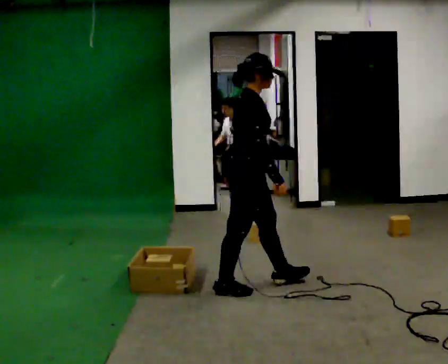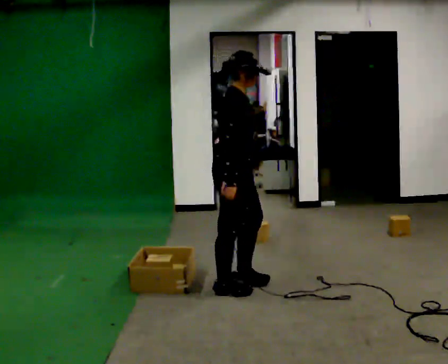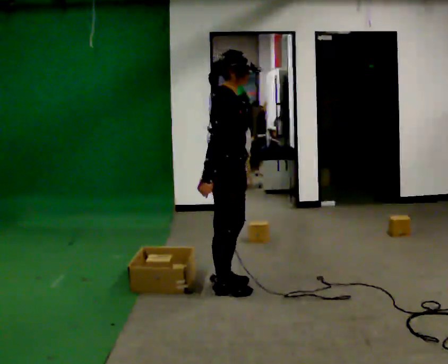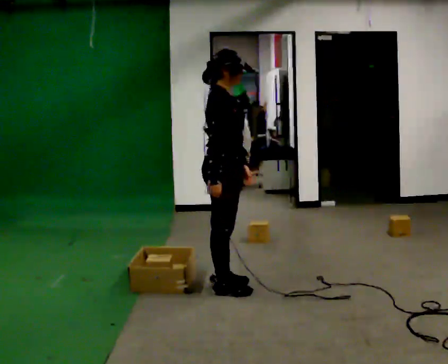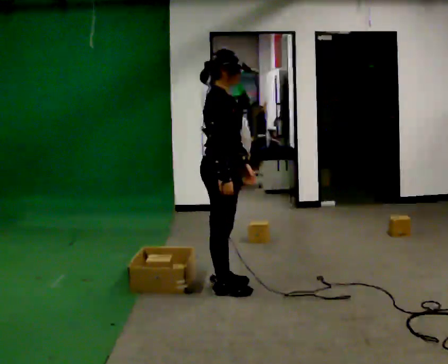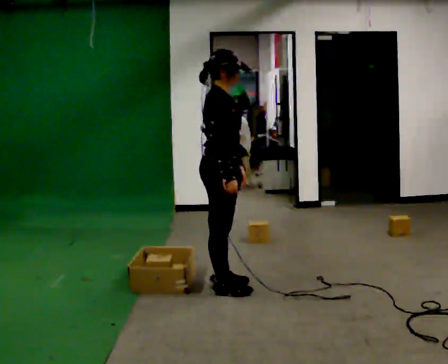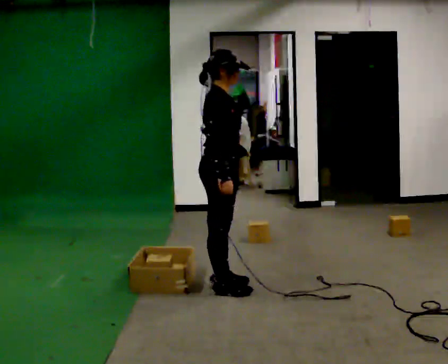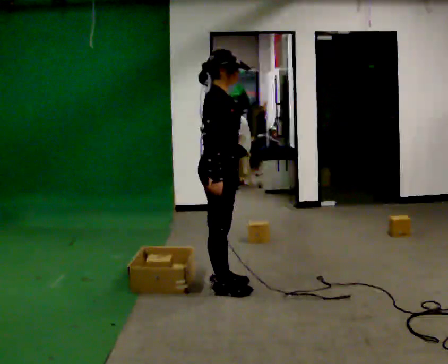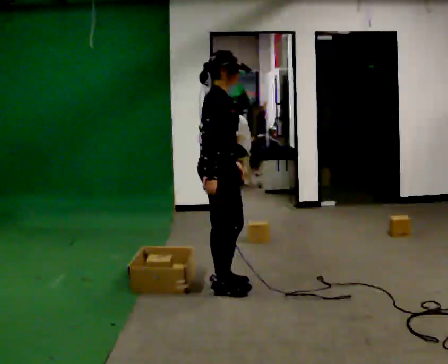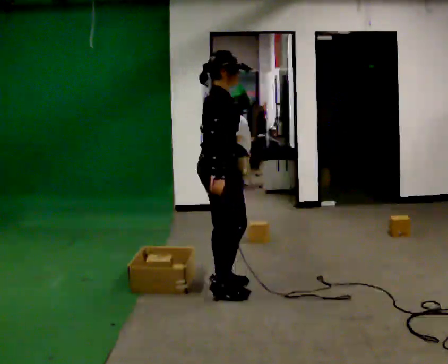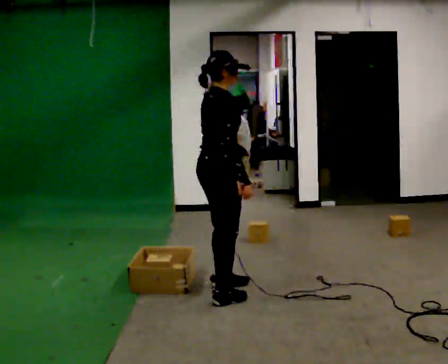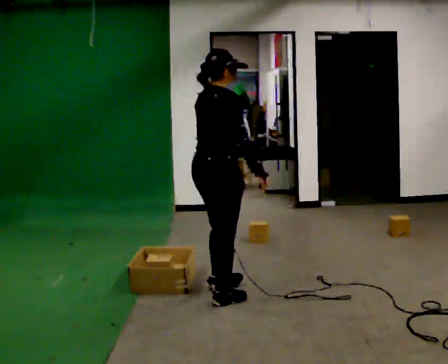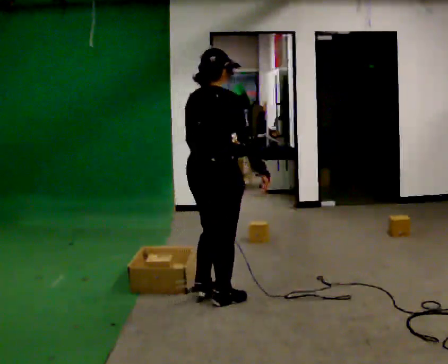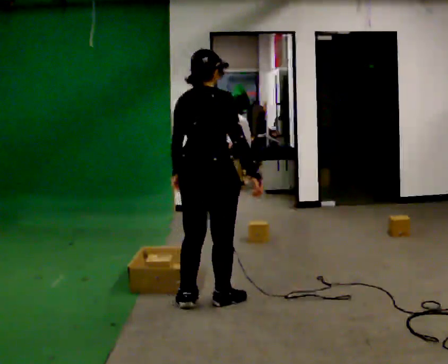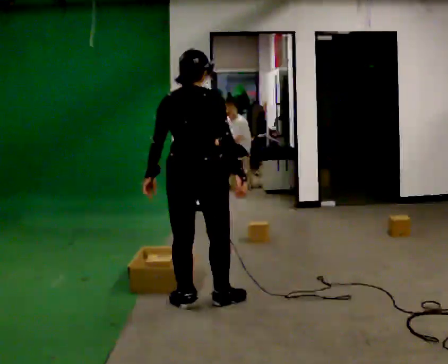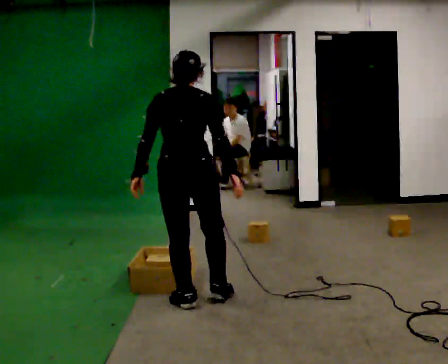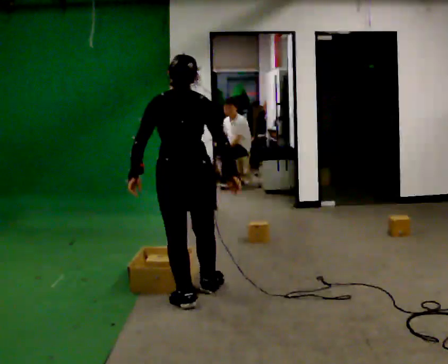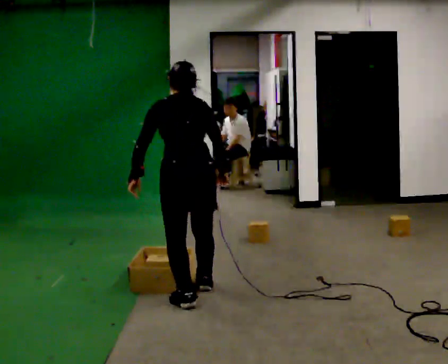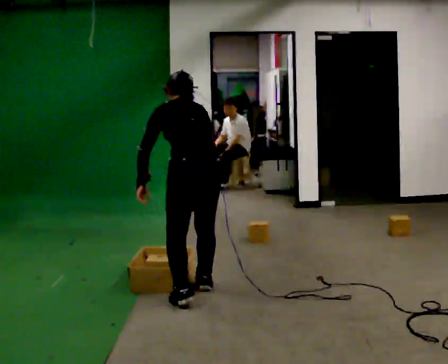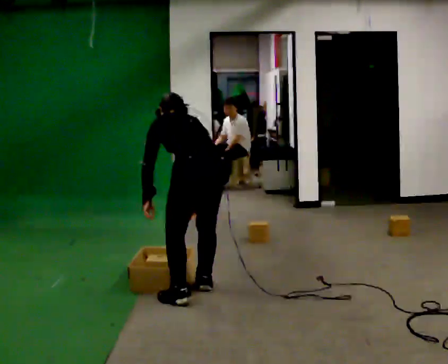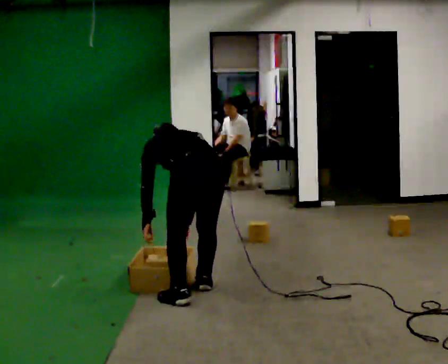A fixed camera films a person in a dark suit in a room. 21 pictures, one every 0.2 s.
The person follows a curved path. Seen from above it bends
clockwise.
The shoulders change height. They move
downward.
0.0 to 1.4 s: In the picture they go to the left, about 0.25 m, which for them is backward. In the picture their right hand goes to the left.
1.4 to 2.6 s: The person turns about 60 degrees to their left, counterclockwise seen from above, so the part of the body nearest the lens slides to the right. In the picture they go toward the camera, about 0.25 m in 2 steps.
2.6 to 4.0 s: Seen from above the body turns counterclockwise, about 60 degrees: to their left, with its near side sliding to the right. The upper body goes downward. The upper body tips away from the camera, its near side rolling upward, as they bend forward. In the picture their left hand goes downward.
The film runs backward here.
